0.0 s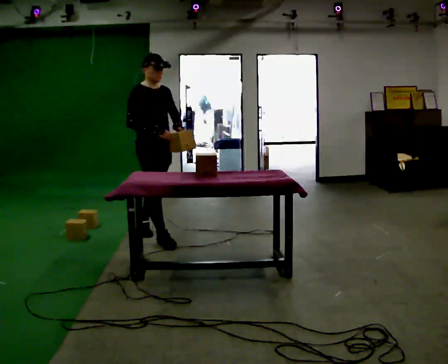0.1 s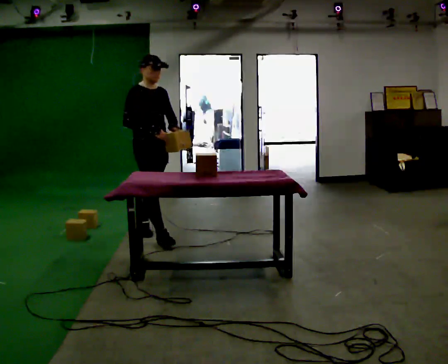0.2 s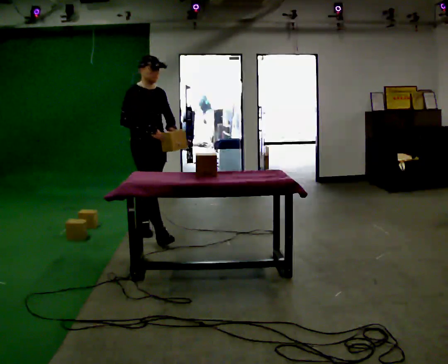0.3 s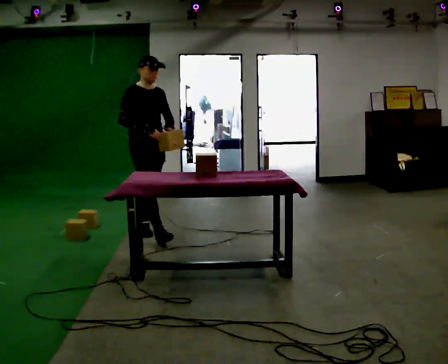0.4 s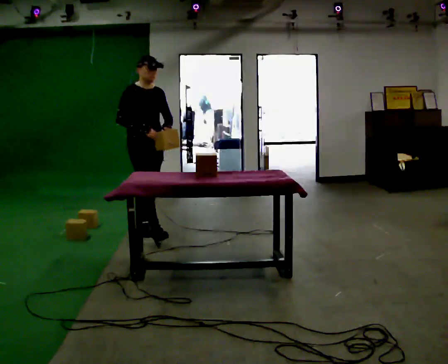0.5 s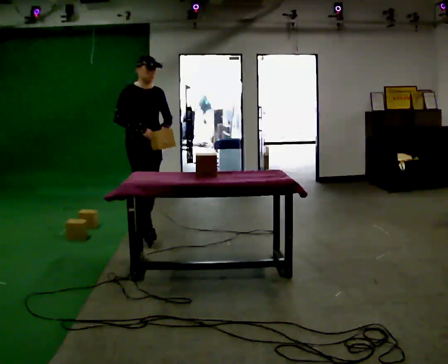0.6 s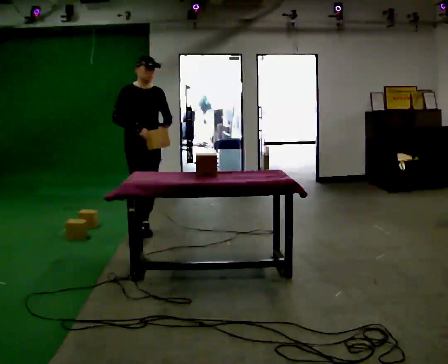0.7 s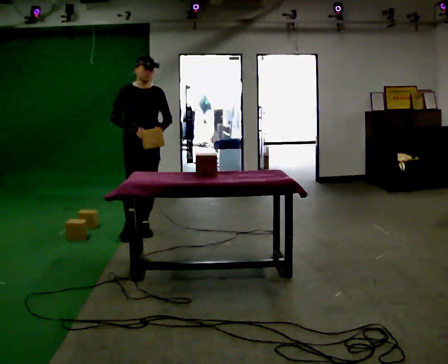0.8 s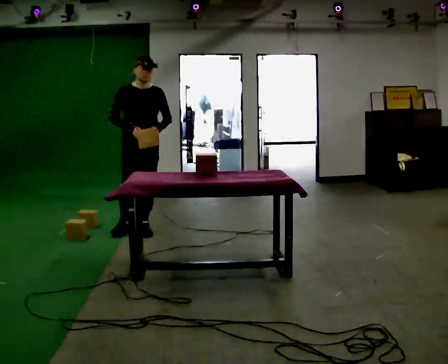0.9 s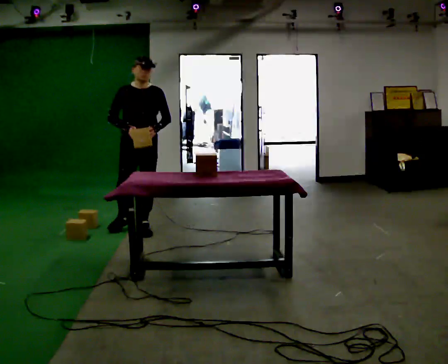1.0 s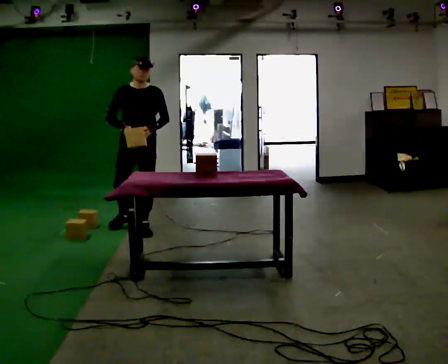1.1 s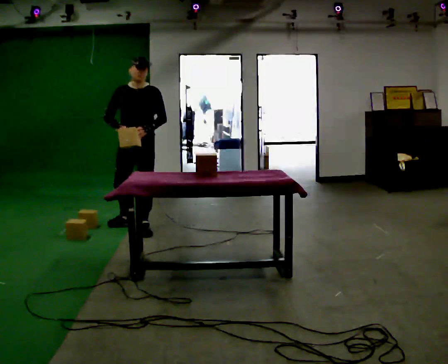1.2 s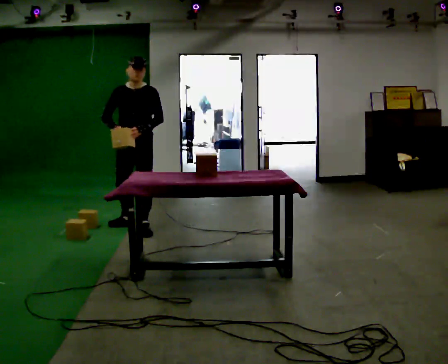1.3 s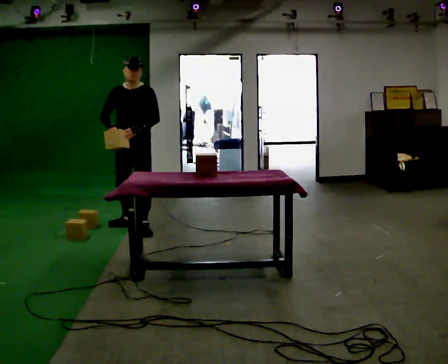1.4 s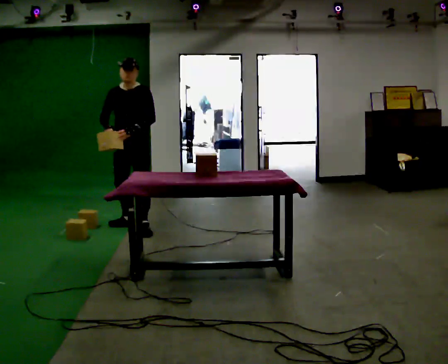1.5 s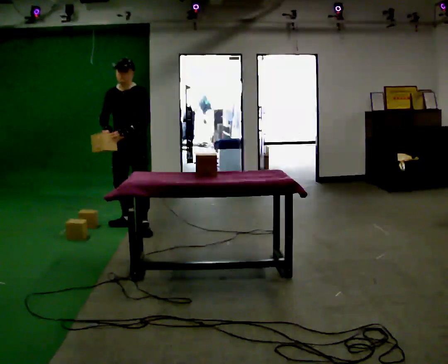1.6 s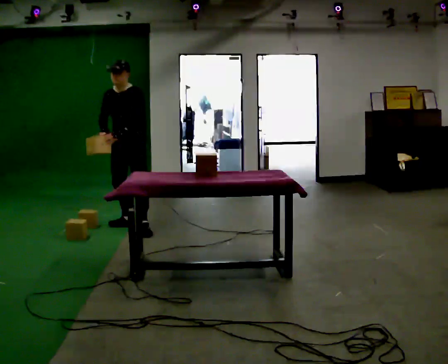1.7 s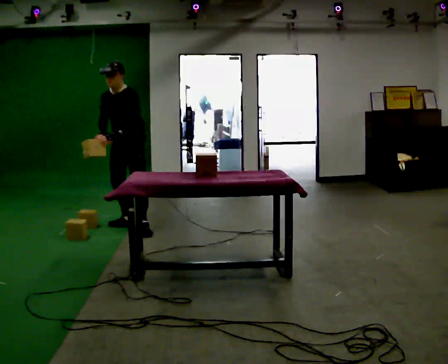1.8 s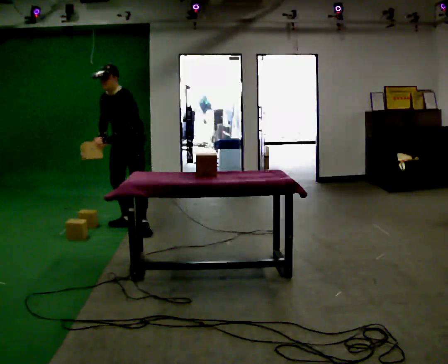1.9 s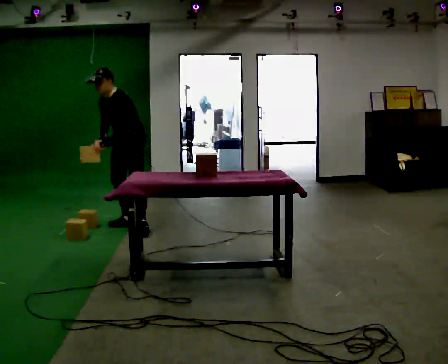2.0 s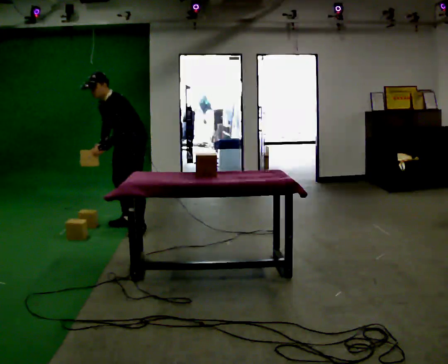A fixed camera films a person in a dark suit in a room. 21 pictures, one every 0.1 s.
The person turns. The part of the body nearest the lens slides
to the left.
The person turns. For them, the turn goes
to their right.
0.0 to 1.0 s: The part of the body nearest the lens slides to the left as the person turns to their right by about 45 degrees. In the picture they go away from the camera, about 0.25 m in 1 step, which for them is backward.
1.0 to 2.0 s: The person turns about 45 degrees to their right, clockwise seen from above, so the part of the body nearest the lens slides to the left. In the picture they go away from the camera, about 0.25 m, which for them is to their right and backward. In the picture the upper body tilts counterclockwise, shoulders to the left, as they bend forward.
The film runs backward here.
